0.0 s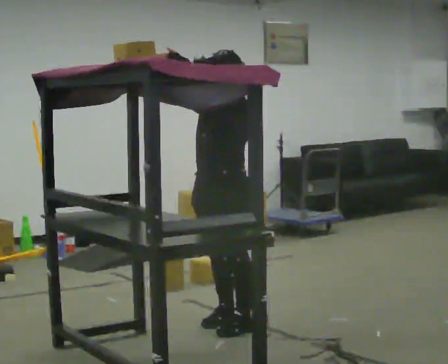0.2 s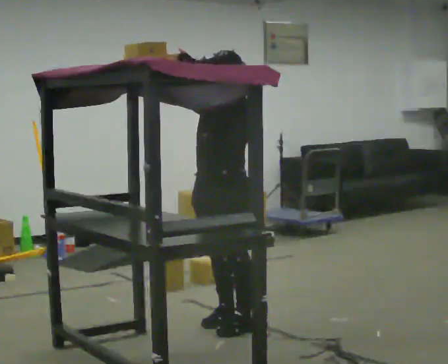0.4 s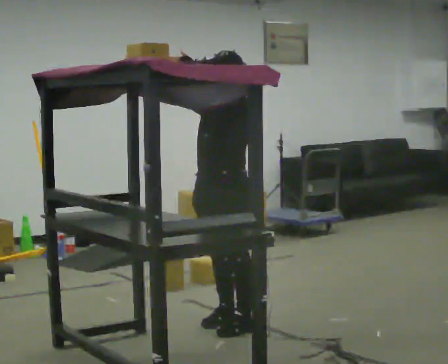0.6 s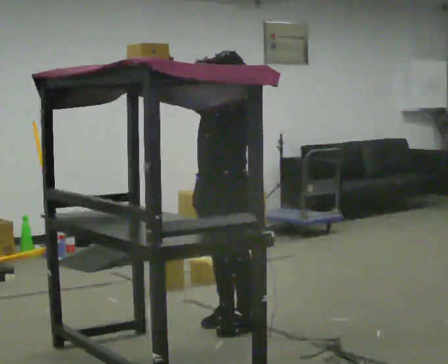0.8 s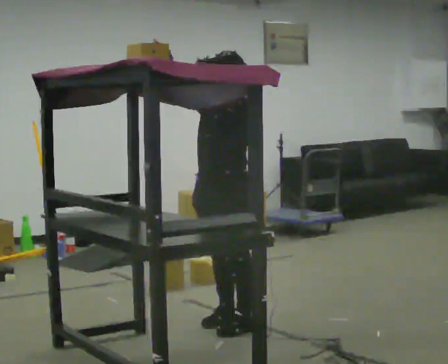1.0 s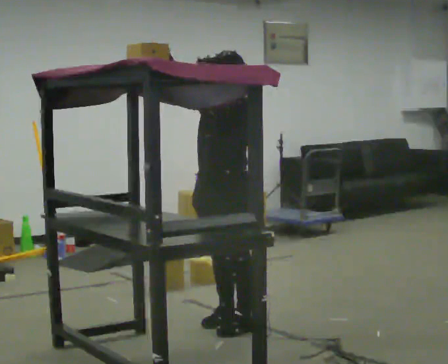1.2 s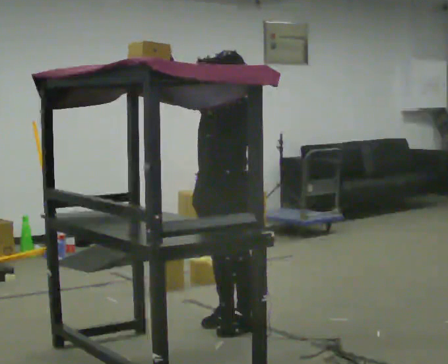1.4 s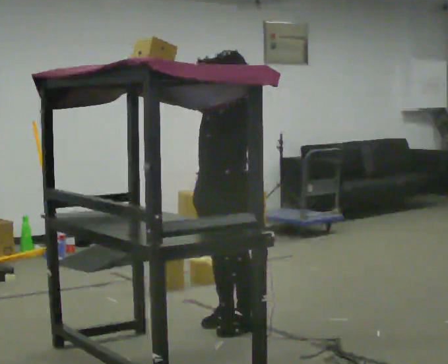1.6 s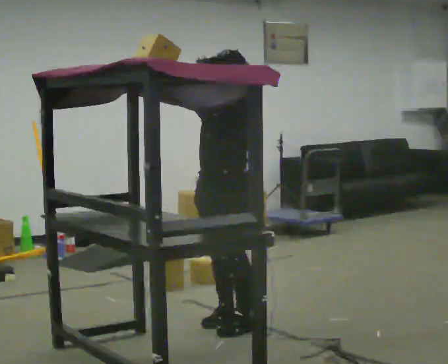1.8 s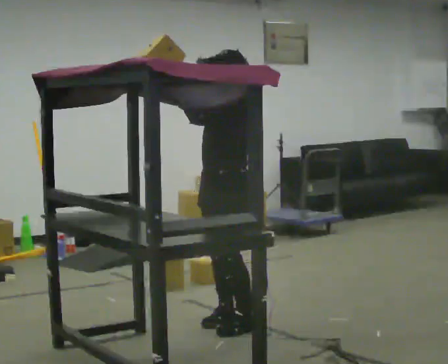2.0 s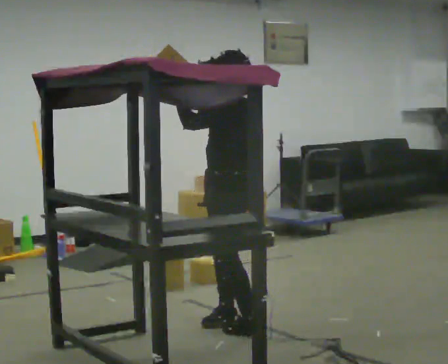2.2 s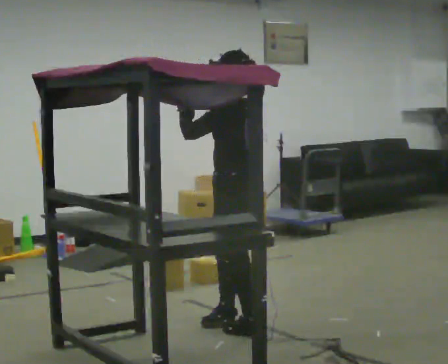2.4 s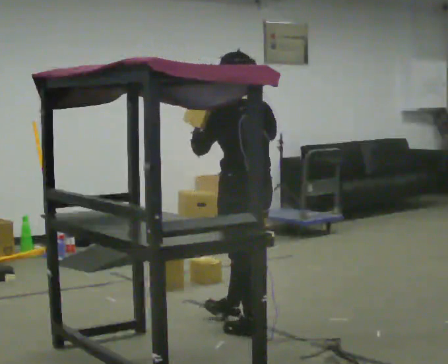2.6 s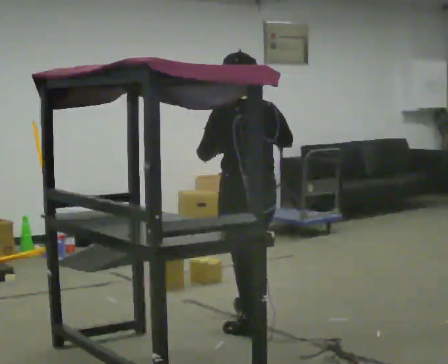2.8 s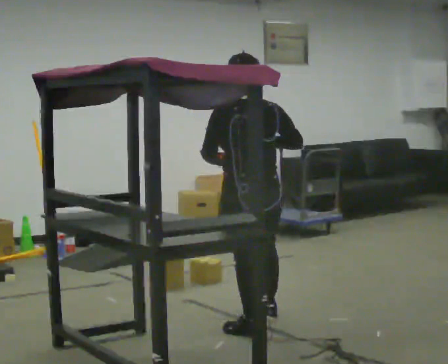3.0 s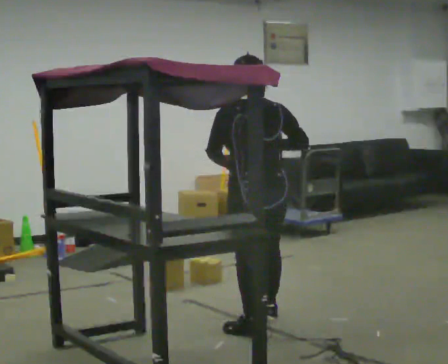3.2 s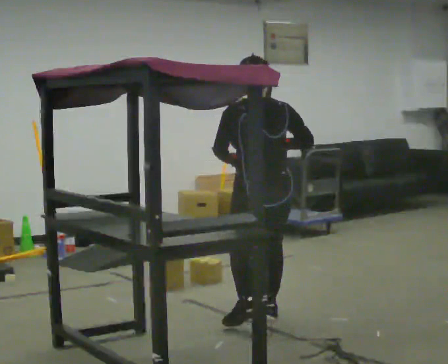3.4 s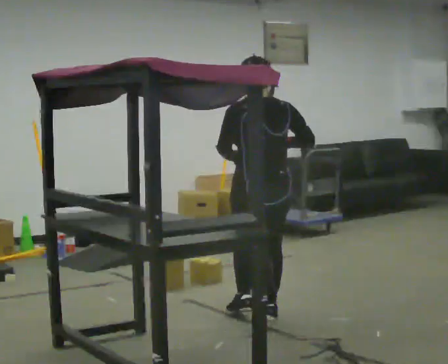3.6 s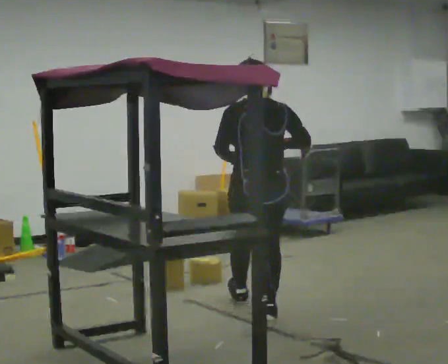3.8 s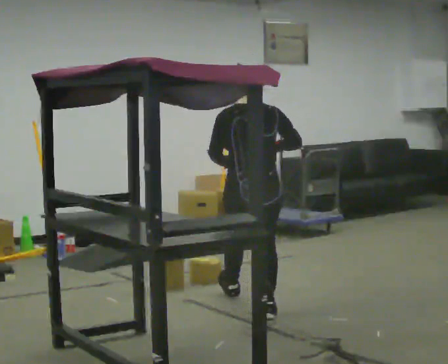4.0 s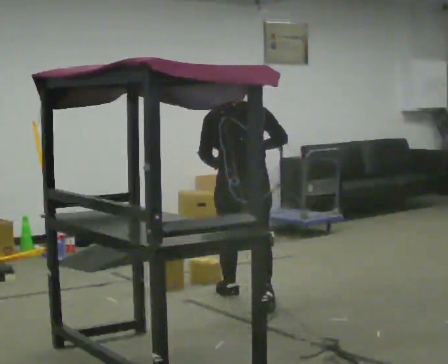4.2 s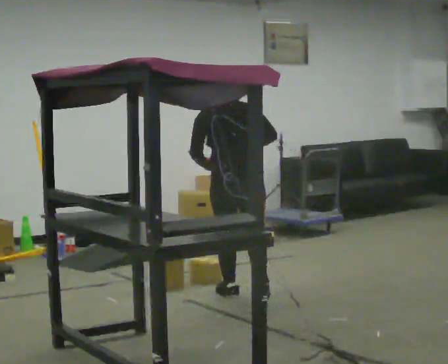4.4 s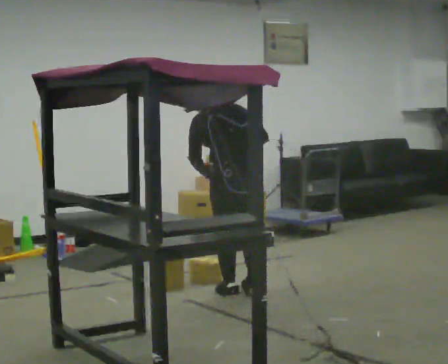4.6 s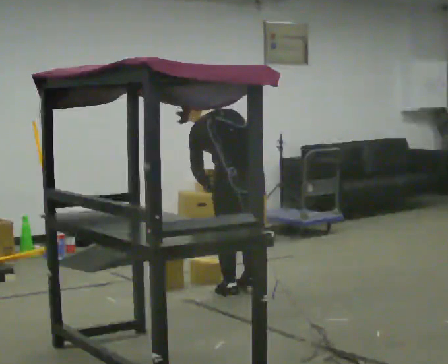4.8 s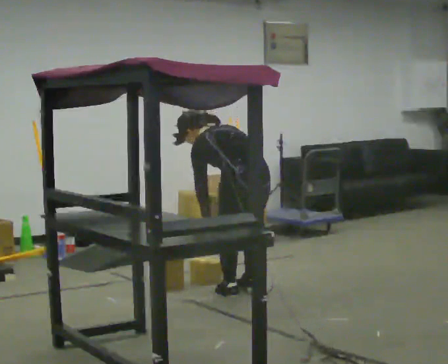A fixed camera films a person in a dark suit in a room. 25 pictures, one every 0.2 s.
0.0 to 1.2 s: The person moves a little, or ends about where they began.
1.2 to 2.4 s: Seen from above the body turns clockwise, about 90 degrees: to their right, with its near side sliding to the left. In the picture their right hand goes to the right and downward.
2.4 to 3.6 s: The person turns about 45 degrees to their right, clockwise seen from above, so the part of the body nearest the lens slides to the left. In the picture they go away from the camera, about 0.5 m in 1 step, which for them is forward and to their right.
3.6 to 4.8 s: The person turns about 30 degrees to their left, counterclockwise seen from above, so the part of the body nearest the lens slides to the right. In the picture they go away from the camera, about 0.5 m in 2 steps, which for them is forward. The shoulders move downward. The upper body tips away from the camera, its near side rolling upward, as they bend forward. In the picture their left hand goes downward.
The film runs forward here.
